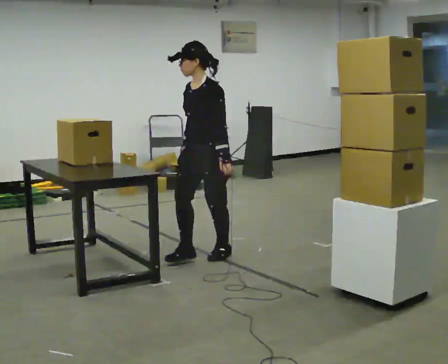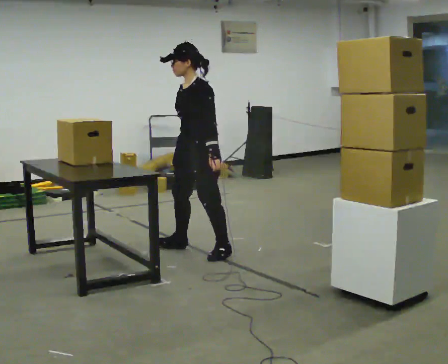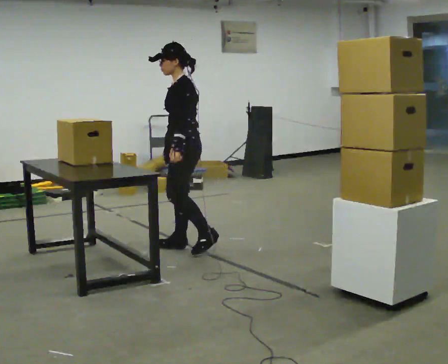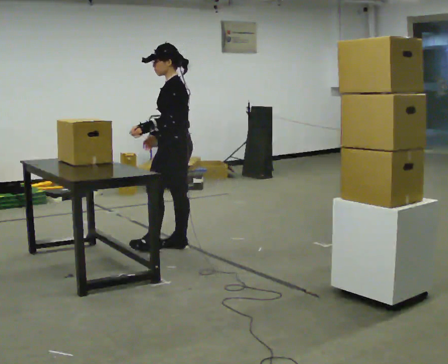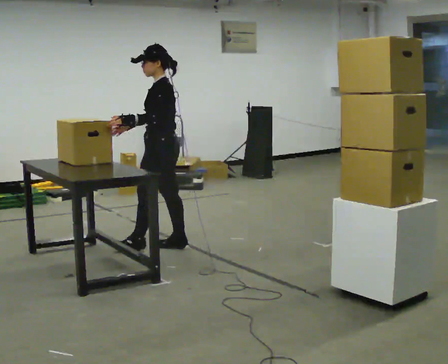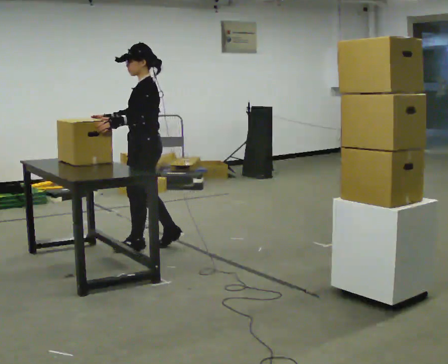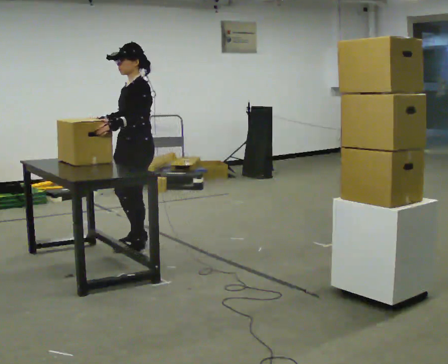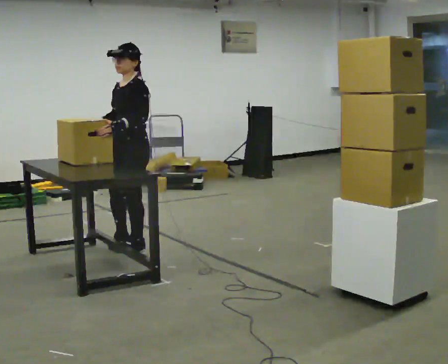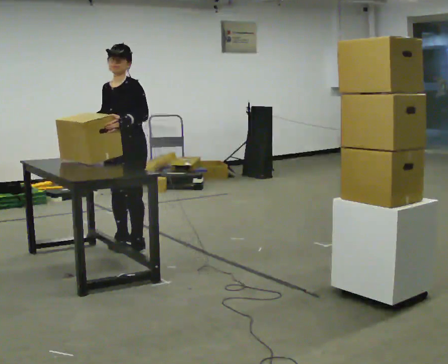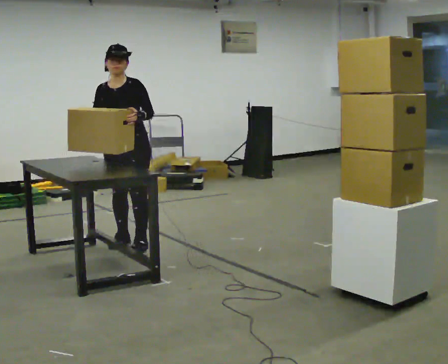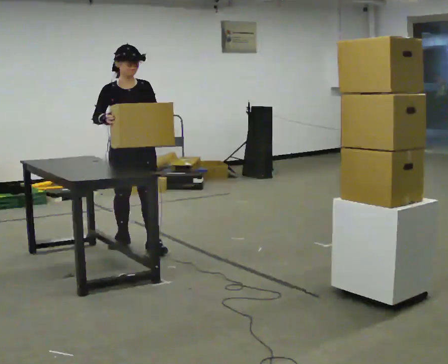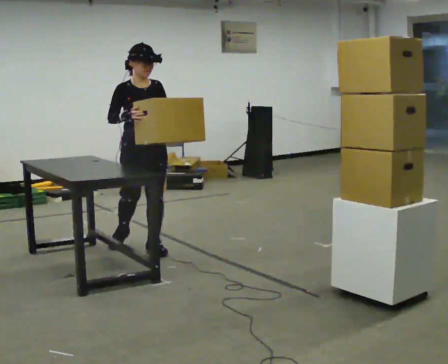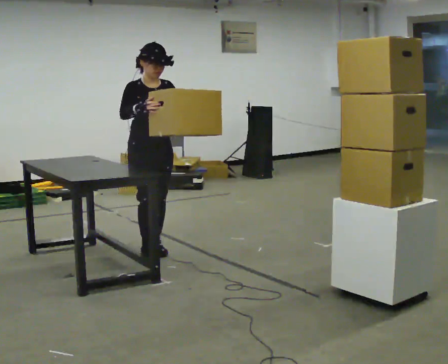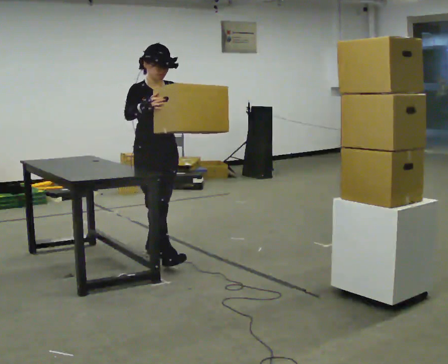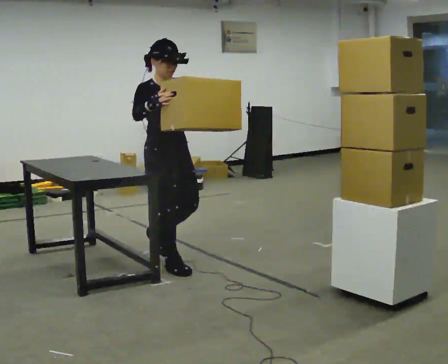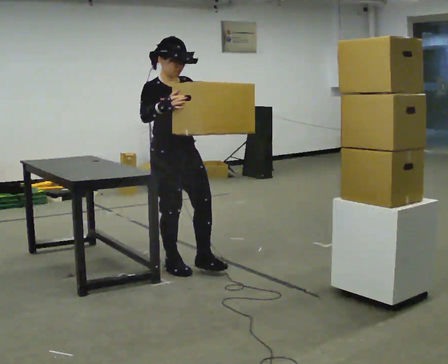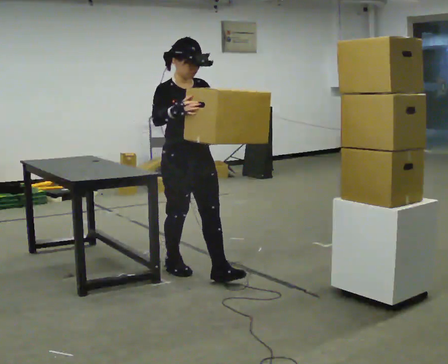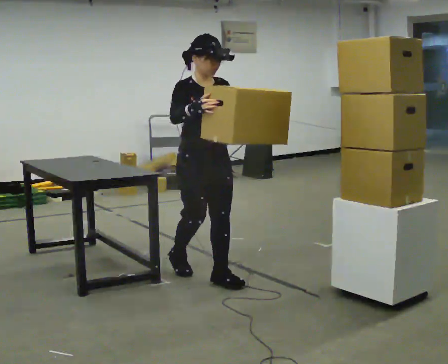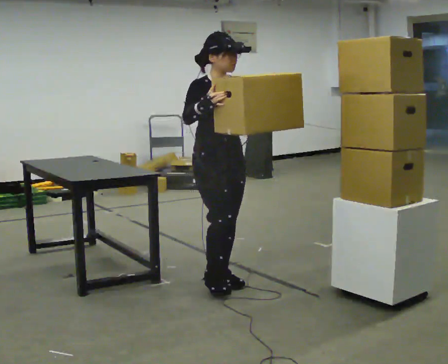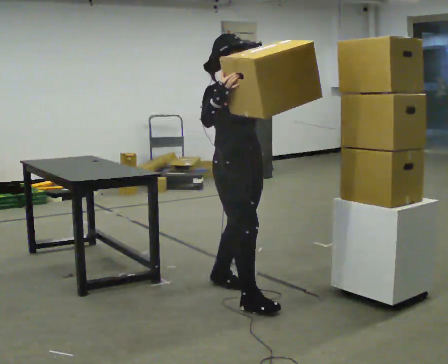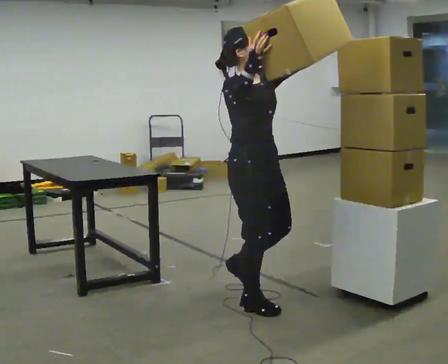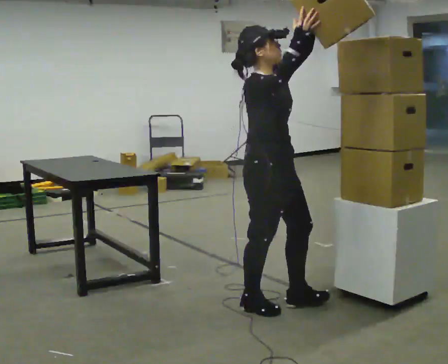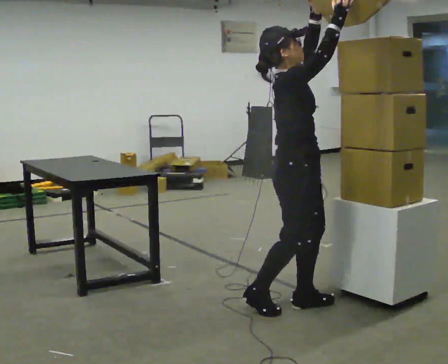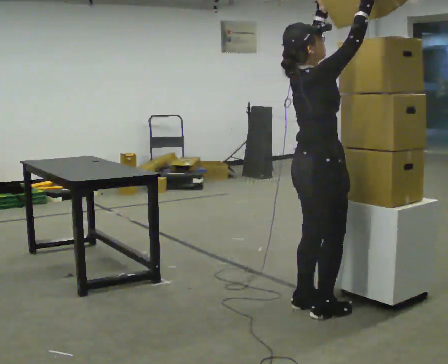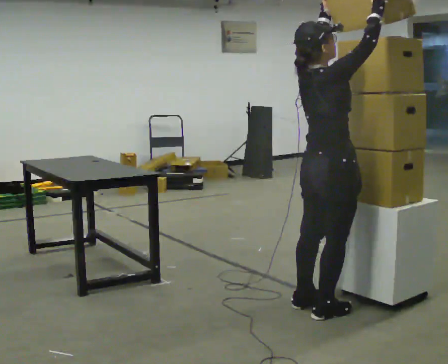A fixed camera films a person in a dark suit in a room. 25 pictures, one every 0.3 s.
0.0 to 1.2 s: The person turns about 45 degrees to their right, clockwise seen from above, so the part of the body nearest the lens slides to the left. In the picture they go to the left and away from the camera, about 0.5 m in 2 steps, which for them is forward and to their right.
1.2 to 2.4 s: Seen from above the body turns counterclockwise, about 60 degrees: to their left, with its near side sliding to the right. In the picture they go to the left, about 0.25 m in 1 step.
2.4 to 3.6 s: The part of the body nearest the lens slides to the right as the person turns to their left by about 60 degrees. In the picture they go toward the camera and to the right, about 0.25 m.
3.6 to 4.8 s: In the picture they go toward the camera and to the right, about 0.5 m in 2 steps, which for them is forward.
4.8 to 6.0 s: In the picture they go toward the camera and to the right, about 0.75 m in 1 step, which for them is forward. In the picture their left hand goes upward, the arm swinging counterclockwise.
6.0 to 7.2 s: Seen from above the body turns counterclockwise, about 60 degrees: to their left, with its near side sliding to the right. In the picture they go to the right and toward the camera, about 0.5 m in 2 steps, which for them is forward.
The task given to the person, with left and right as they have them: Move the objects one at a time between the far targets the operator calls, without moving your feet. Repeat at your own pace until the operator says stop. Keep both feet on the marked spots for the whole take. If you have to step, stop and tell the operator.
The film runs forward here.
